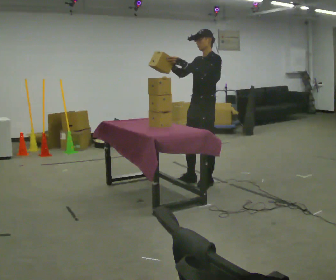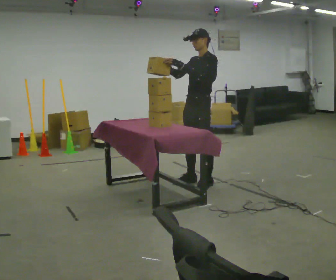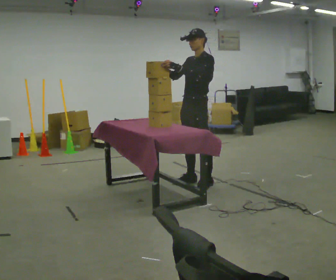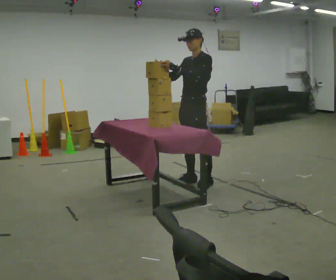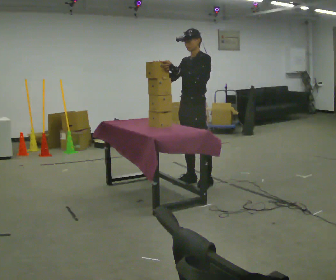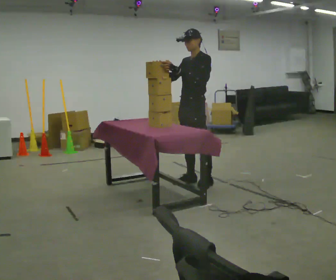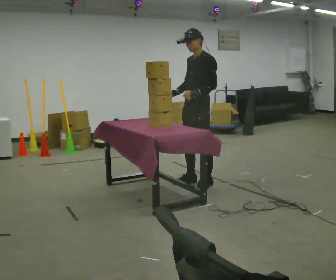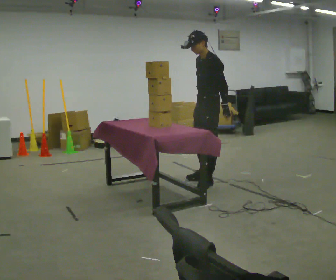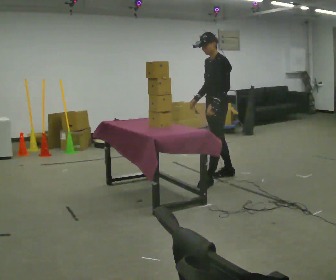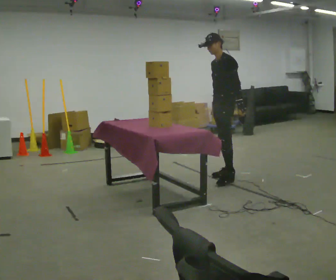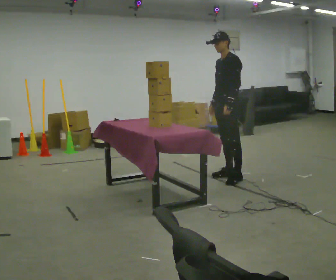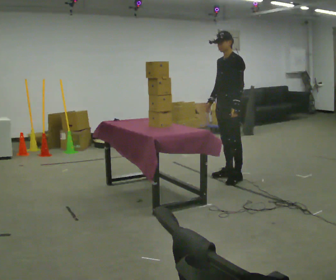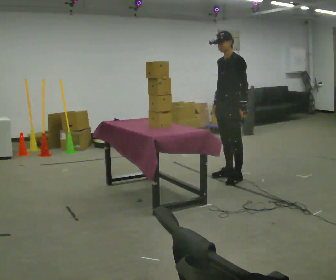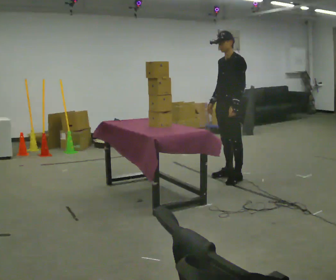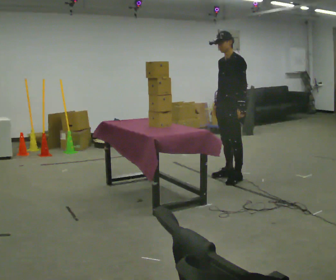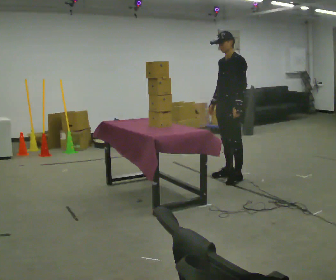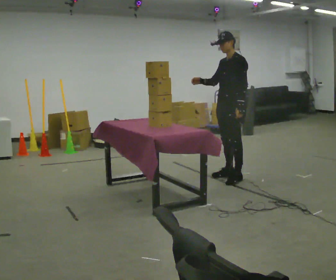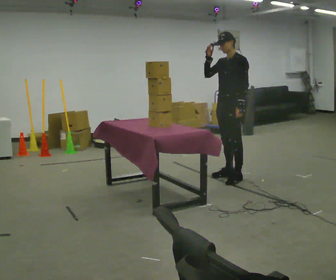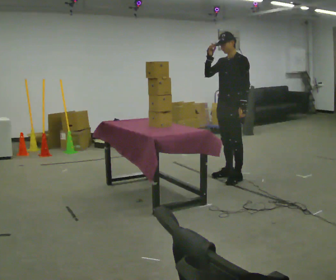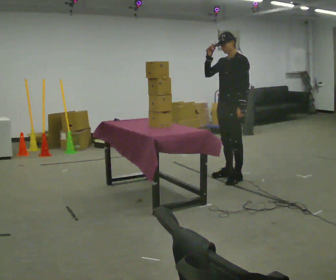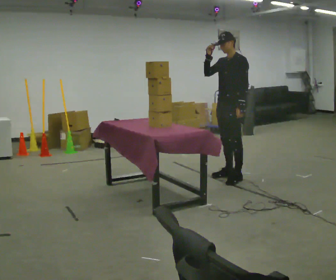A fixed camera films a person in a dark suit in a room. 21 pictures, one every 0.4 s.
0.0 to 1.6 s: The person moves a little, or ends about where they began.
1.6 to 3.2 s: In the picture they go to the right and away from the camera, about 0.5 m in 1 step, which for them is backward. In the picture their right hand goes downward.
3.2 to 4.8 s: The person moves a little, or ends about where they began.
4.8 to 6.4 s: In the picture their right hand goes upward, the arm swinging clockwise.
6.4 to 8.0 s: The person moves a little, or ends about where they began.
The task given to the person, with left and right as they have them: Take an object off the waist-height shelf, carry it across the room, and set it down on the floor. Keep going until the operator says stop; one object at a time, and do not rush between trips.
The film runs forward here.
